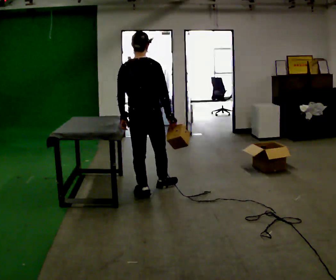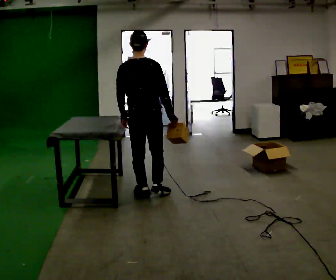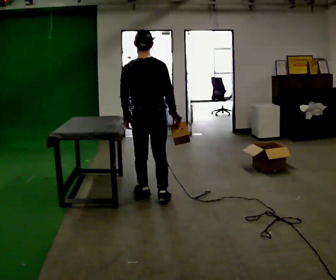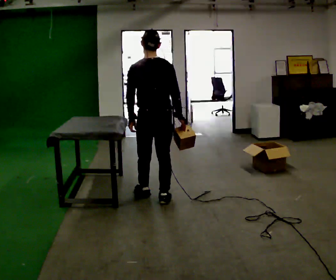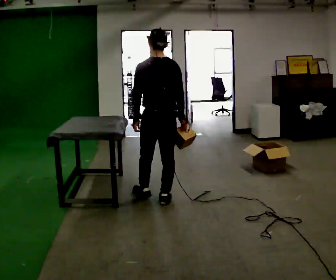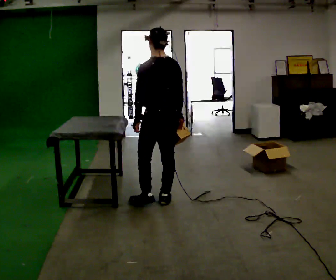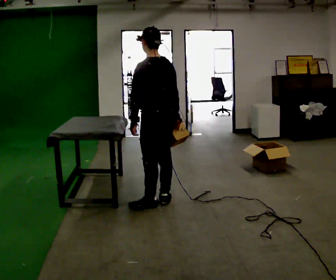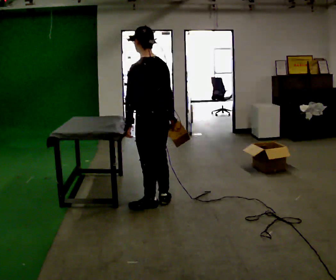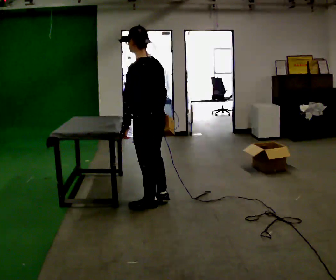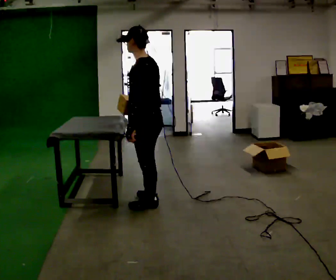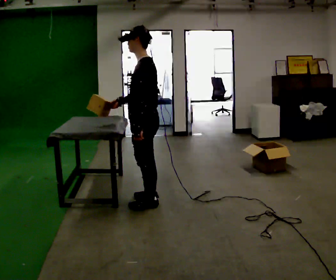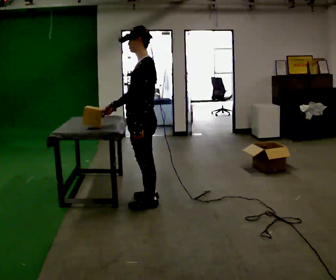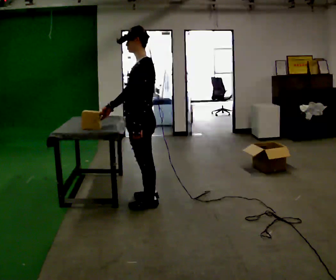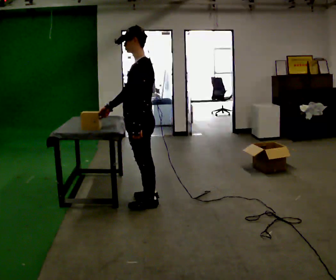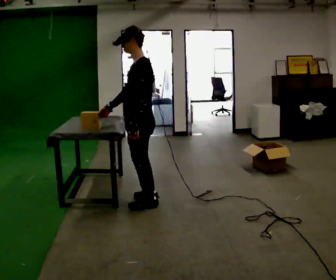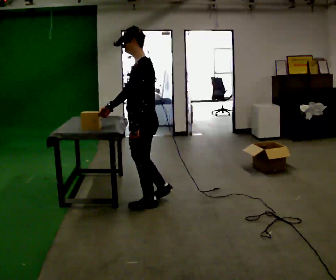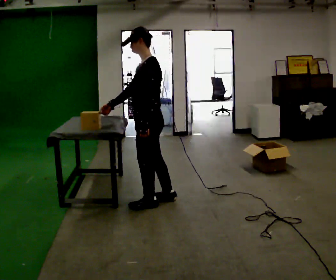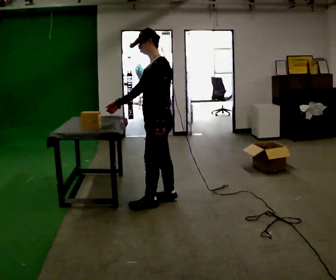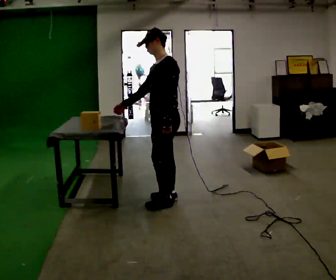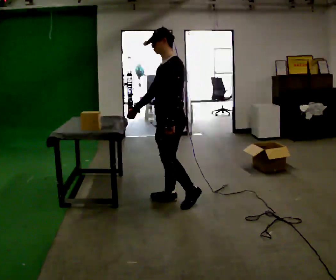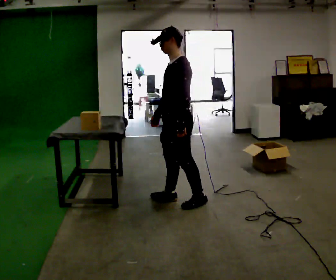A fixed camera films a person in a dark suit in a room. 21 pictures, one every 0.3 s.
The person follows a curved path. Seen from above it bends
counterclockwise.
The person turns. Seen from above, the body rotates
counterclockwise.
0.0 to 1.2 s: The person turns about 30 degrees to their left, counterclockwise seen from above, so the part of the body nearest the lens slides to the right. In the picture they go toward the camera, about 0.25 m in 1 step, which for them is backward and to their right.
1.2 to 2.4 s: The part of the body nearest the lens slides to the right as the person turns to their left by about 30 degrees. In the picture they go toward the camera, about 0.25 m, which for them is to their left.
2.4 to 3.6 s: The person turns about 45 degrees to their left, counterclockwise seen from above, so the part of the body nearest the lens slides to the right. In the picture their right hand goes to the left, the arm swinging clockwise.
3.6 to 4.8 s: The person moves a little, or ends about where they began.
4.8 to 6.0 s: In the picture they go to the right, about 0.25 m in 1 step, which for them is backward.
The film runs backward here.
